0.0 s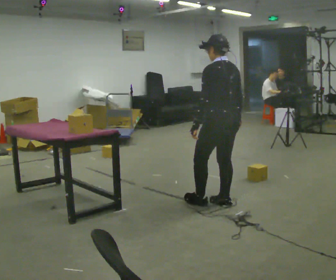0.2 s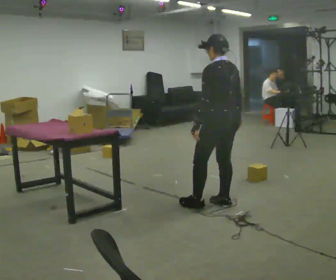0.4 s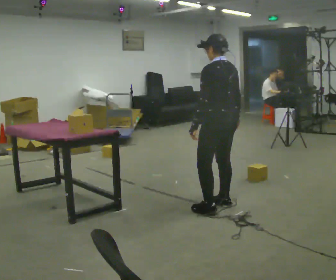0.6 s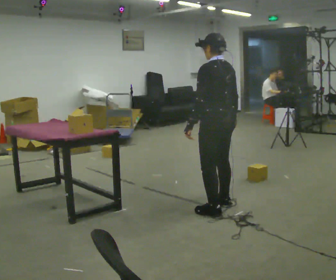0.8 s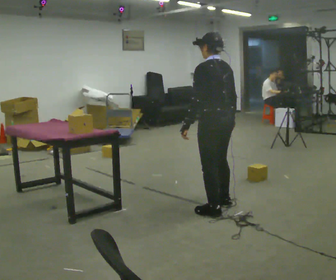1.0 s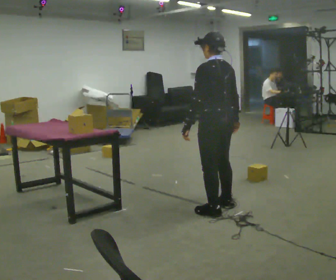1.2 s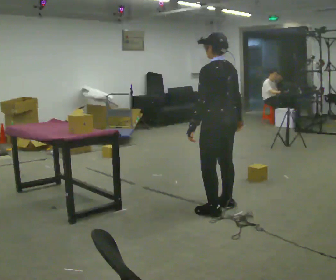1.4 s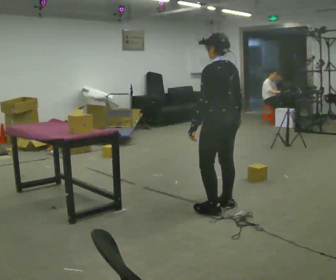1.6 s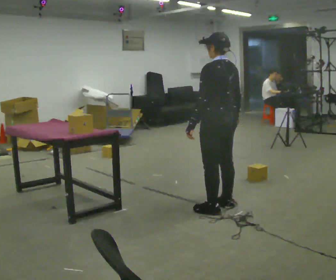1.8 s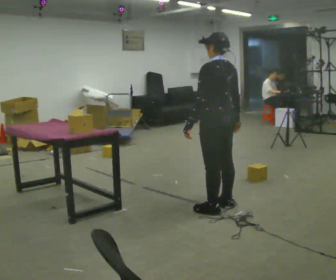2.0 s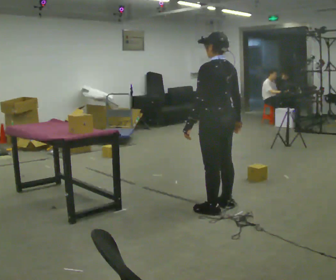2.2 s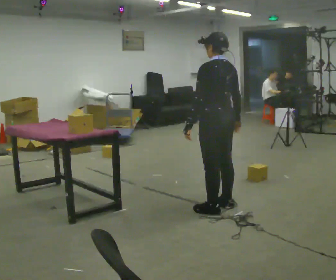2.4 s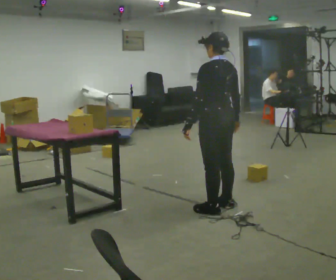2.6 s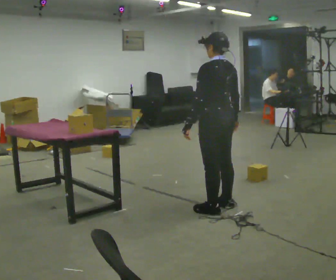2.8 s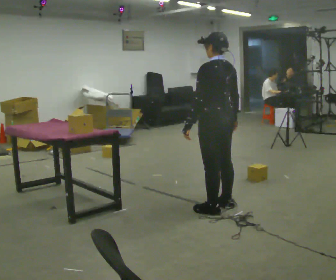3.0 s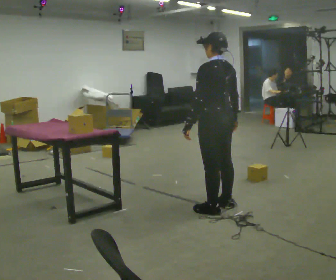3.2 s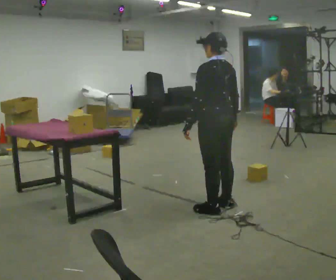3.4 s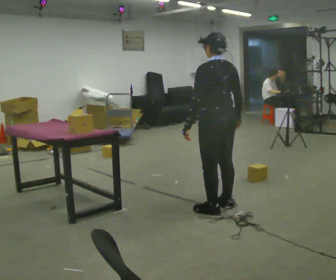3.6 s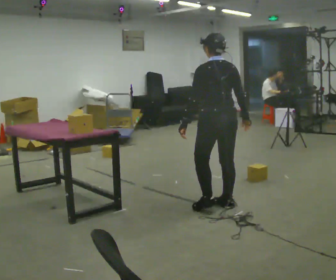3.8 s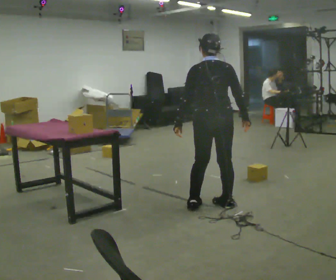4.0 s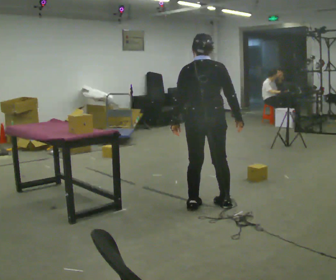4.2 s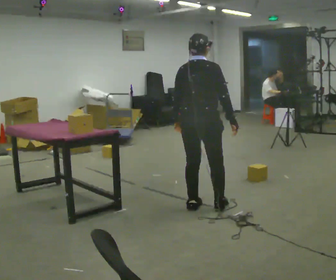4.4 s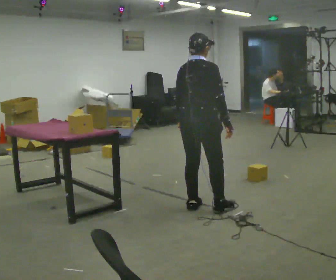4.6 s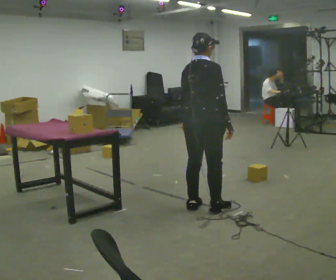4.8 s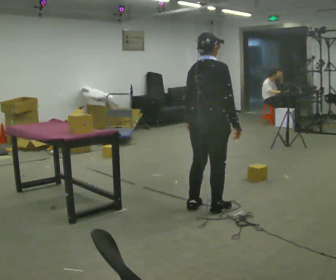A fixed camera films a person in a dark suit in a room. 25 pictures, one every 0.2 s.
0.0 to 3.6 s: The person moves a little, or ends about where they began.
3.6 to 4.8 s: Seen from above the body turns clockwise, about 60 degrees: to their right, with its near side sliding to the left.
The film runs forward here.
